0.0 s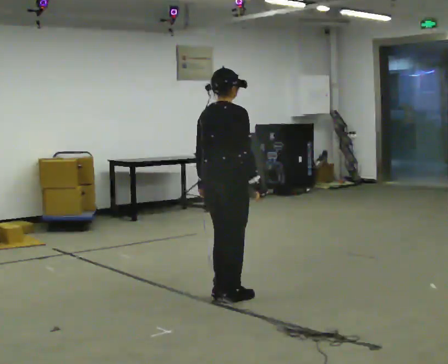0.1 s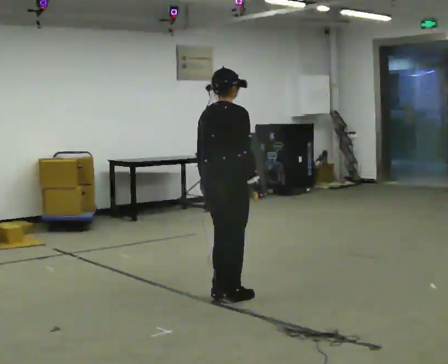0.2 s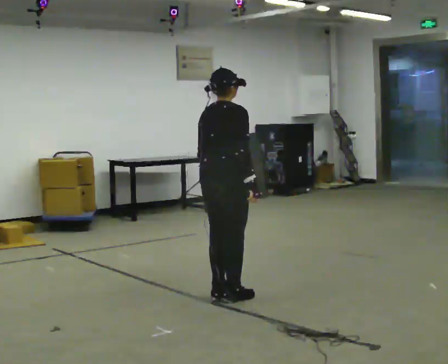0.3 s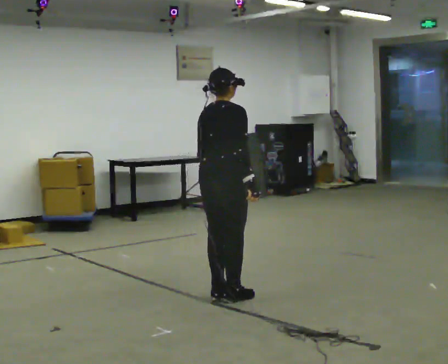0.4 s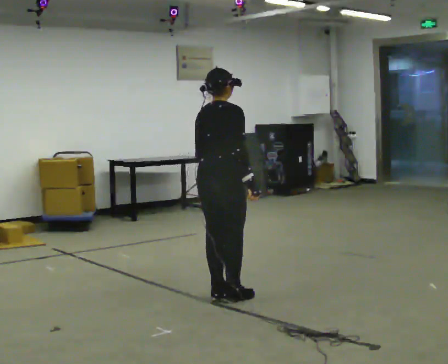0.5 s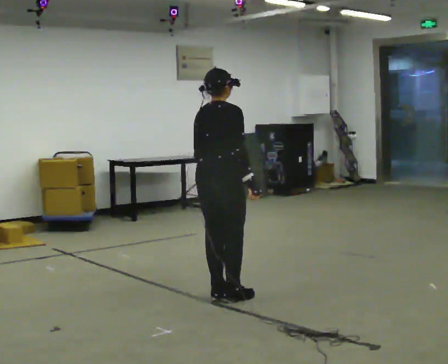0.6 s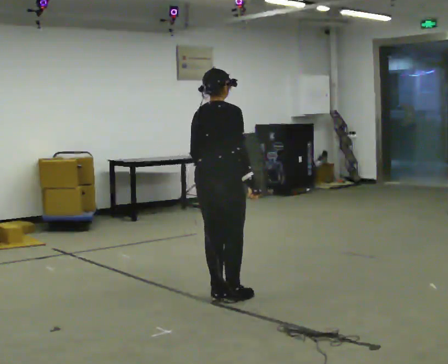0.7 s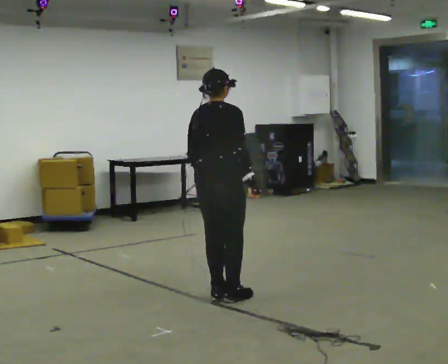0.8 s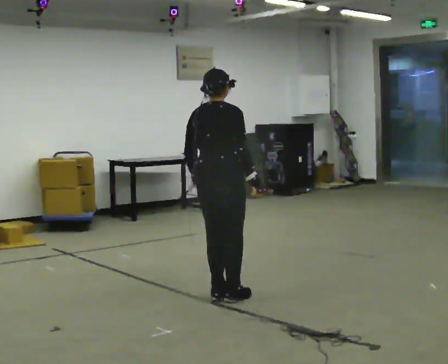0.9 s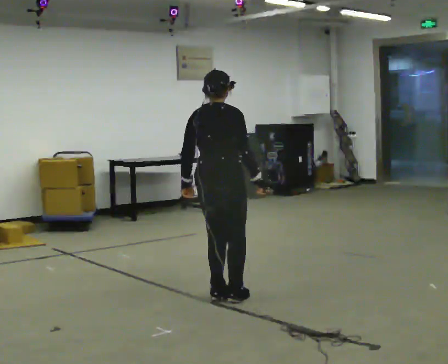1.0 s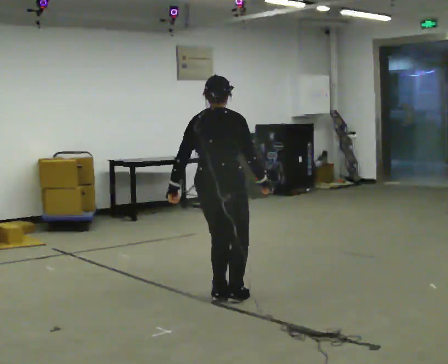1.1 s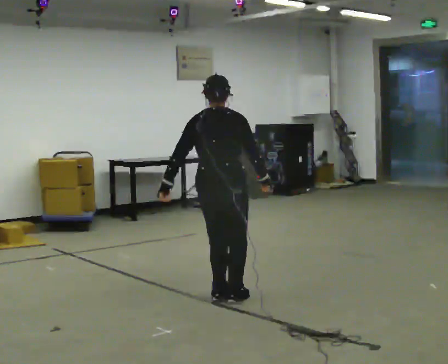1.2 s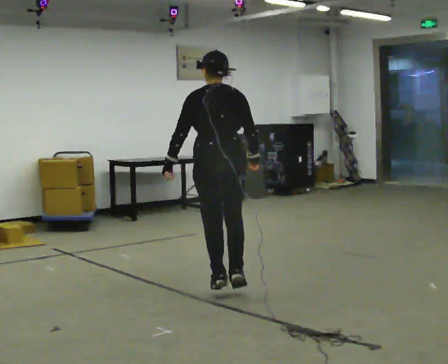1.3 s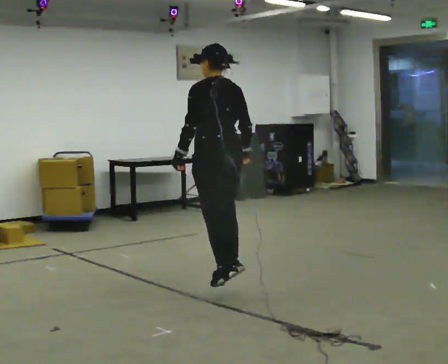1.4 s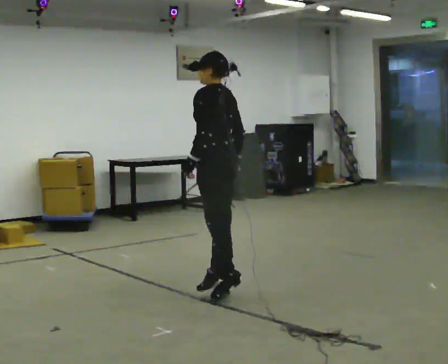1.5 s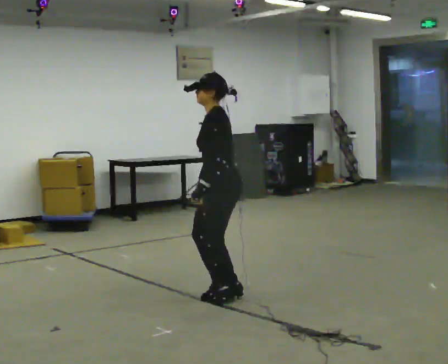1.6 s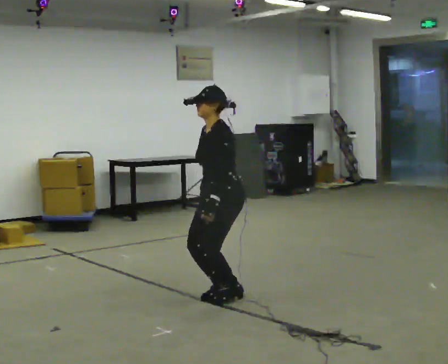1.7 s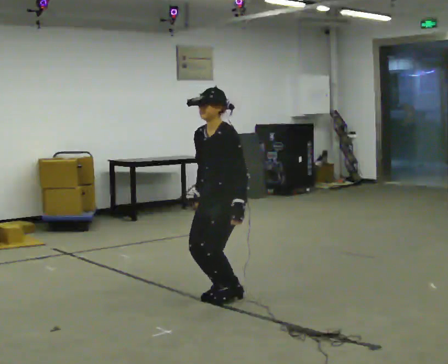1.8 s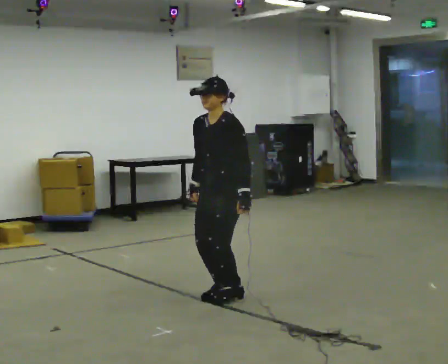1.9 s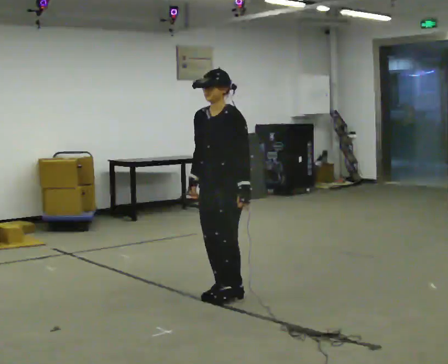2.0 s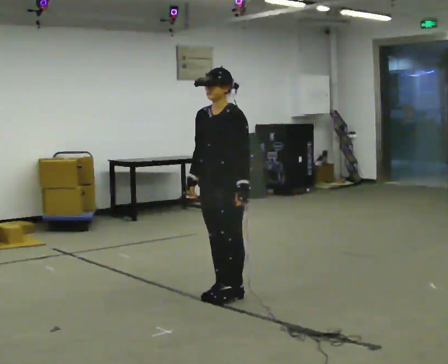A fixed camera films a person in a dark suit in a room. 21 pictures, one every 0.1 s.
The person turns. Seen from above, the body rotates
counterclockwise.
The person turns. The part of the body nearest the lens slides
to the right.
0.0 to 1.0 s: The person moves a little, or ends about where they began.
1.0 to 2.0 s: The part of the body nearest the lens slides to the right as the person turns to their left by about 165 degrees. In the picture their right hand goes to the left, the arm swinging clockwise.
The film runs backward here.
